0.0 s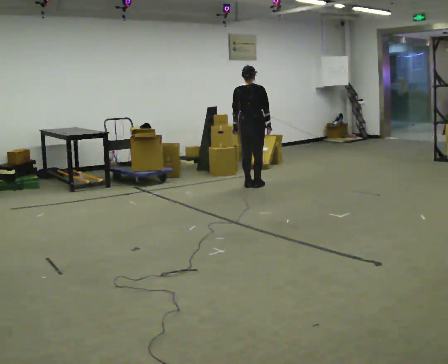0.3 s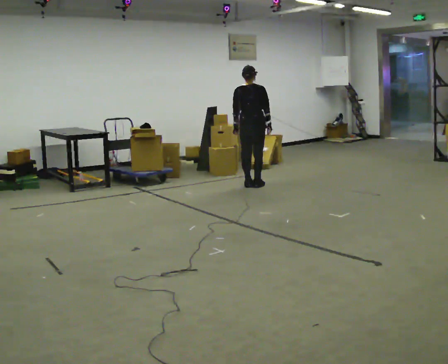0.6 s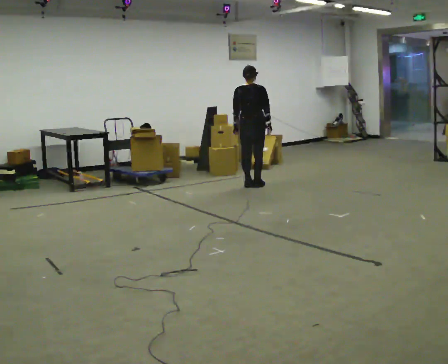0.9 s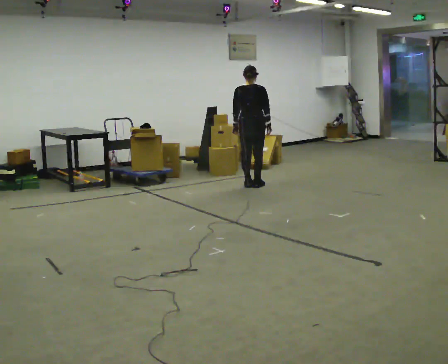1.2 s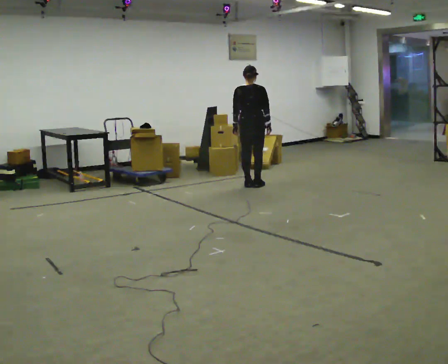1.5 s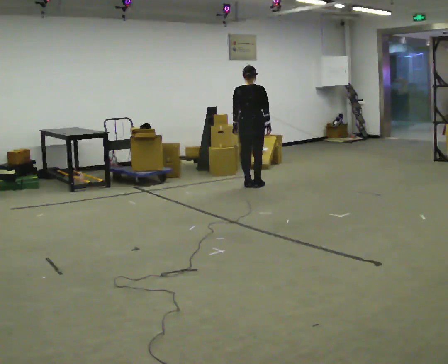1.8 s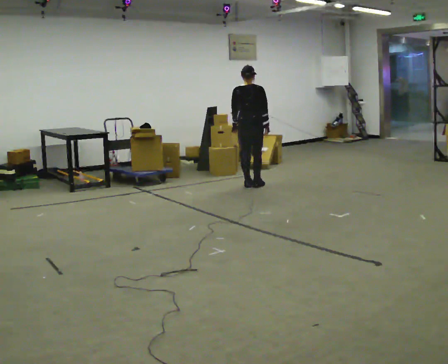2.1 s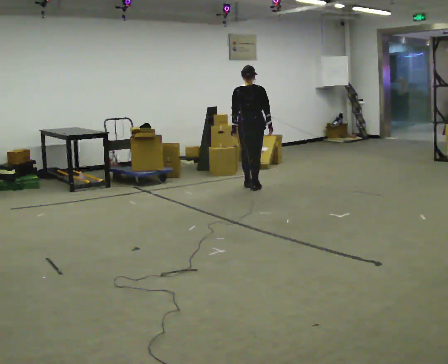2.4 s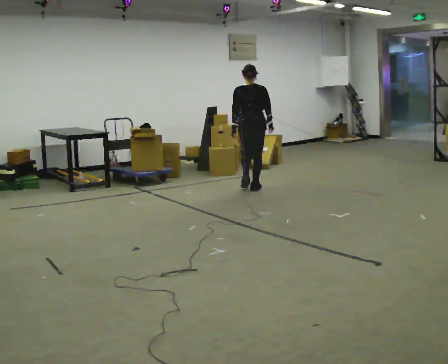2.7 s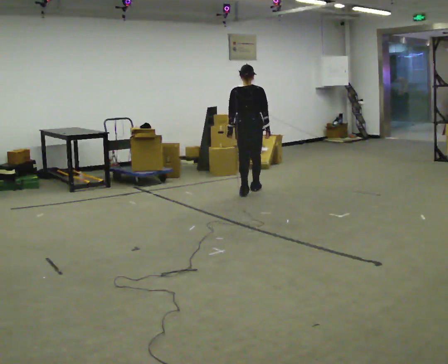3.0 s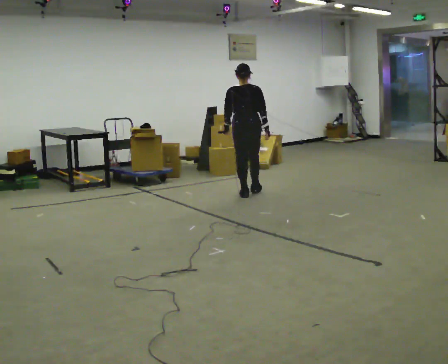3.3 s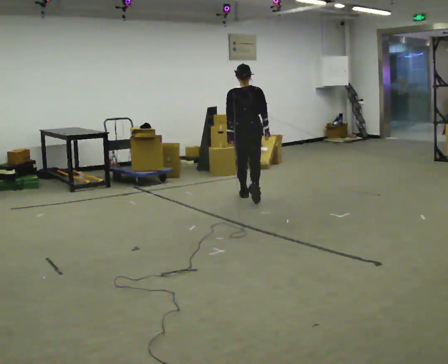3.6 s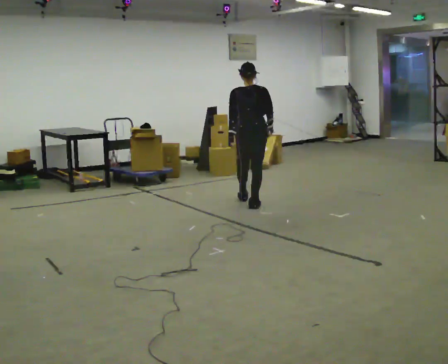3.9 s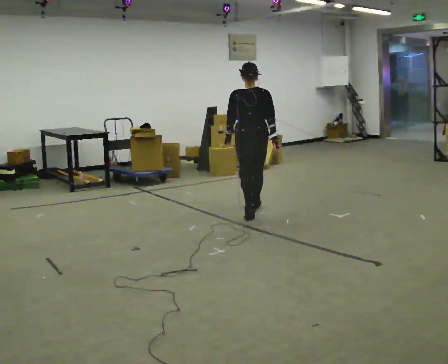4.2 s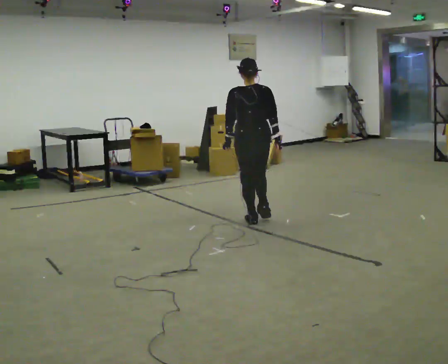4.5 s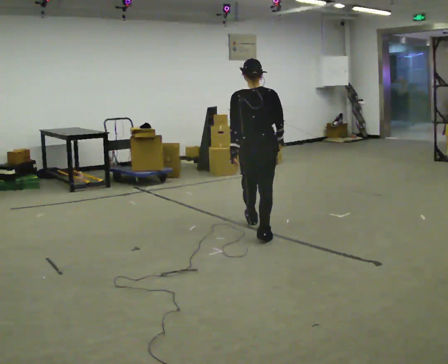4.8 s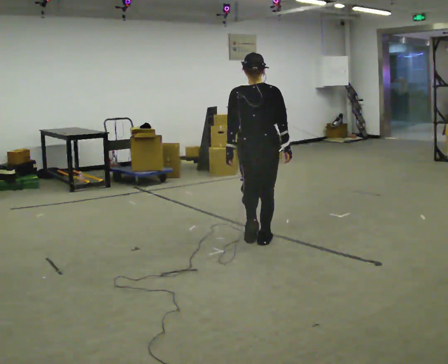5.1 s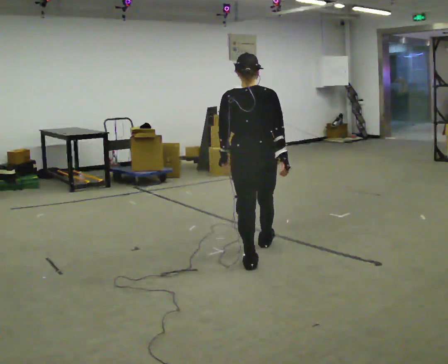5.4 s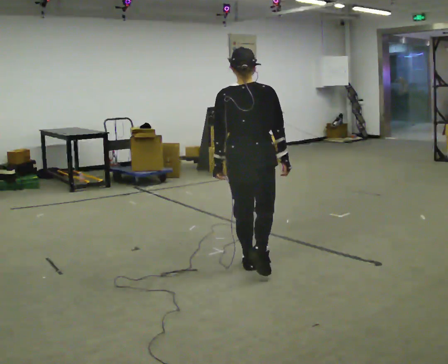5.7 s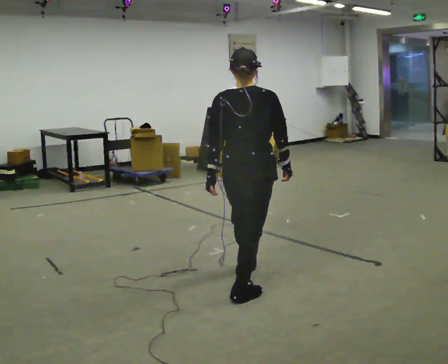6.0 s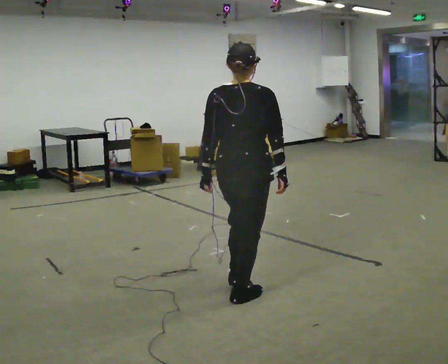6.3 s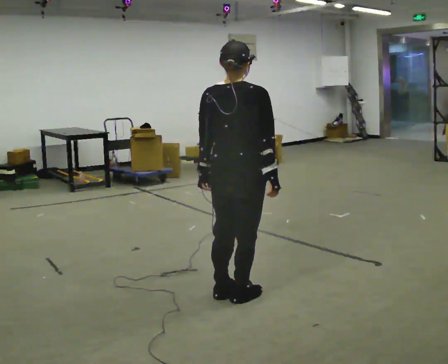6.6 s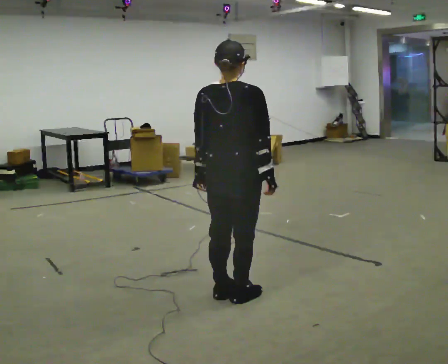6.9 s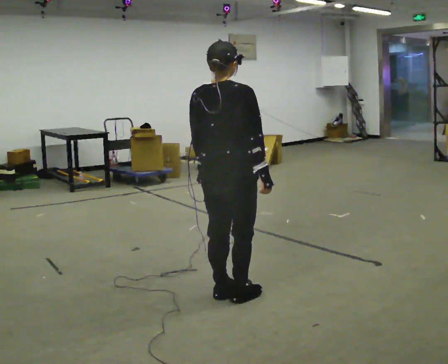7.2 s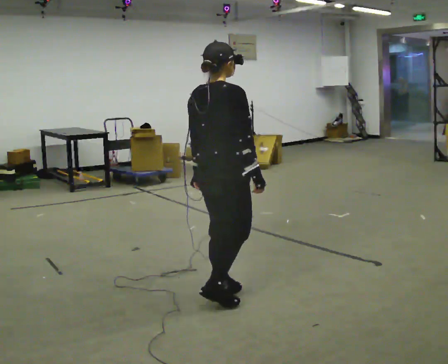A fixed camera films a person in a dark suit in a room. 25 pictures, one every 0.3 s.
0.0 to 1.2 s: The person keeps their place and pose.
1.2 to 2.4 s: In the picture they go toward the camera, about 0.25 m in 2 steps, which for them is backward.
2.4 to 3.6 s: In the picture they go toward the camera, about 1 m in 2 steps, which for them is backward.
3.6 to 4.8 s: In the picture they go toward the camera, about 1.5 m in 2 steps, which for them is backward.
4.8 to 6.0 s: In the picture they go toward the camera, about 1 m in 2 steps, which for them is backward.
6.0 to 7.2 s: The person moves a little, or ends about where they began.
The film runs backward here.
